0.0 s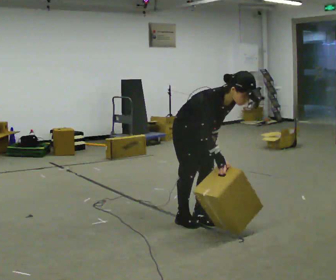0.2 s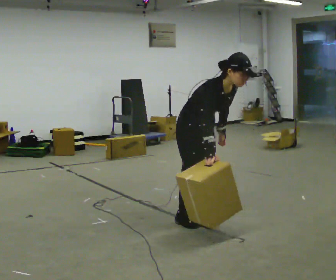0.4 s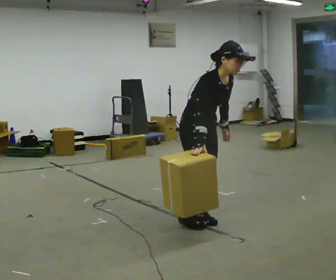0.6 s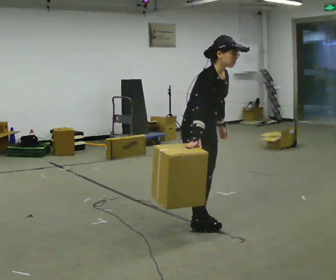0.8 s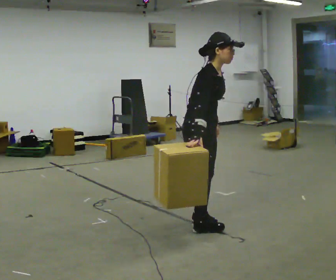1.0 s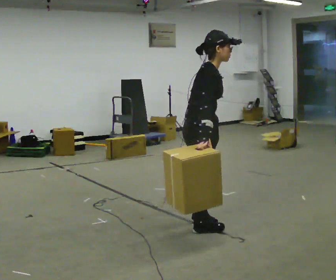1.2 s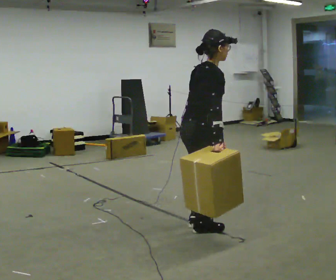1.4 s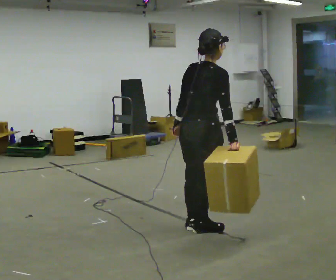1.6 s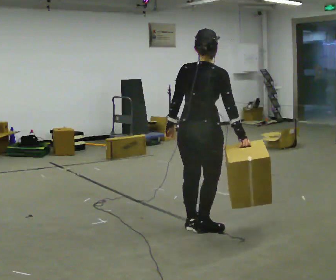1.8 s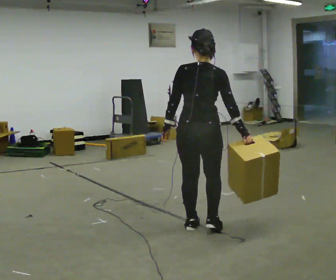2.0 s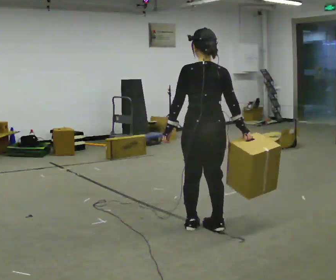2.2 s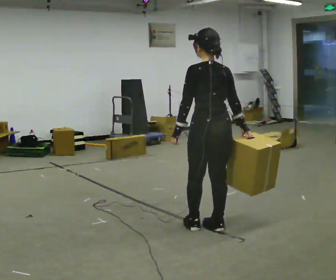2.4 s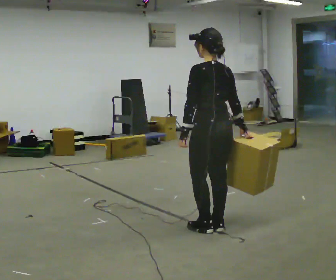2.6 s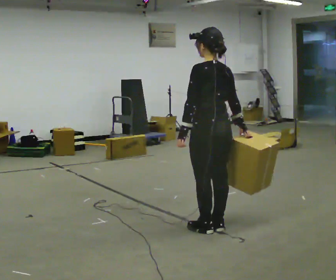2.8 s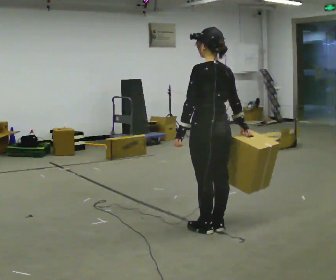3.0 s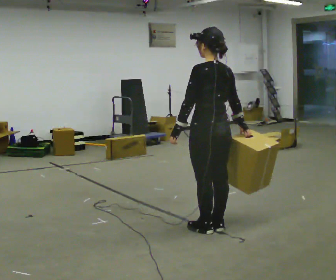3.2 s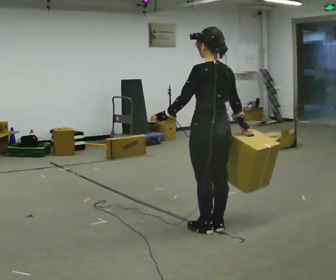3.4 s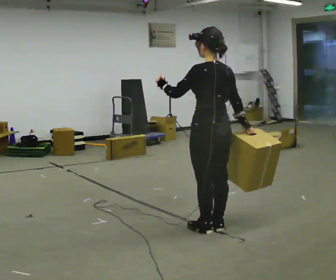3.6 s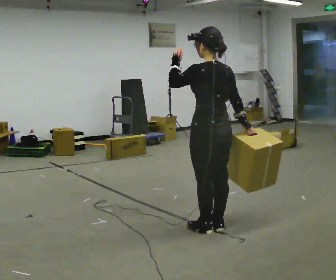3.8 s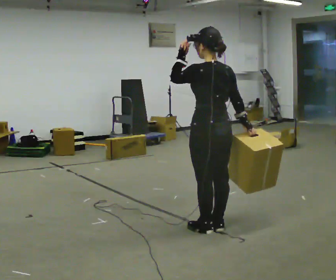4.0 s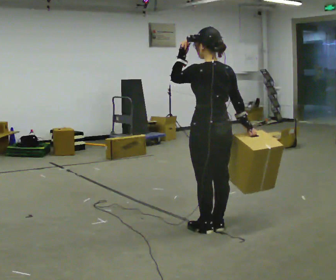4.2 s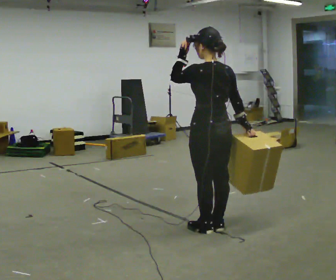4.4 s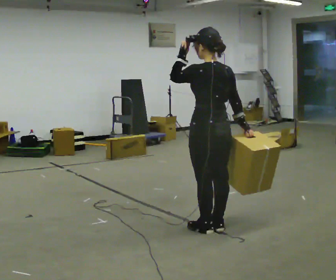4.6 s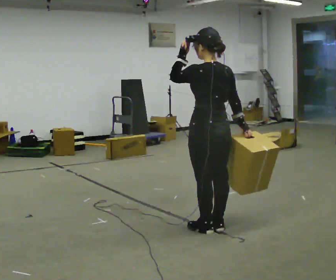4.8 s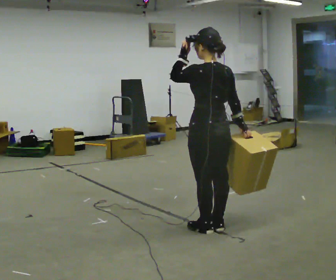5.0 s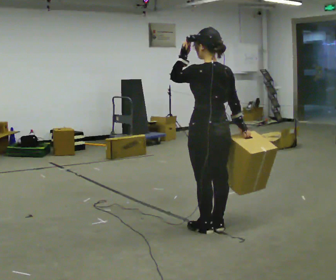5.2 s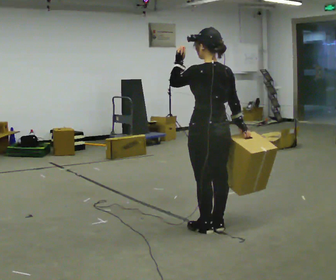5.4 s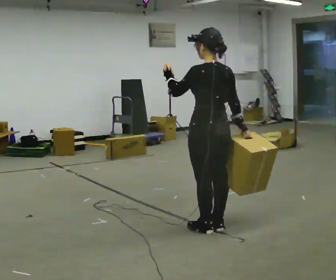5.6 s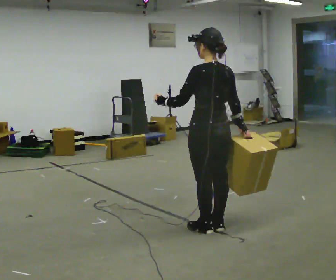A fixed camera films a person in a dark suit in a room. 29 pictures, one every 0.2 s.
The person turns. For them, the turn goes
to their left.
The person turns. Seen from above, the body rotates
counterclockwise.
0.0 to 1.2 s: Seen from above the body turns counterclockwise, about 75 degrees: to their left, with its near side sliding to the right. In the picture they go toward the camera, about 0.25 m in 1 step. The upper body goes upward. In the picture the upper body tilts counterclockwise, shoulders to the left, as they lean back or straighten.
1.2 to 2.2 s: Seen from above the body turns counterclockwise, about 90 degrees: to their left, with its near side sliding to the right. In the picture the upper body tilts counterclockwise, shoulders to the left.
2.2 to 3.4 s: In the picture their left hand goes upward, the arm swinging clockwise.
3.4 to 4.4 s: The person moves a little, or ends about where they began.
4.4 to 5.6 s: In the picture their left hand goes downward.
The film runs forward here.
